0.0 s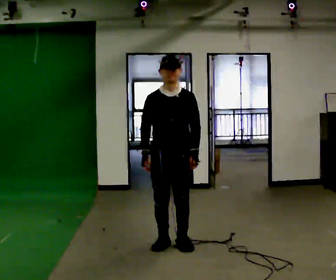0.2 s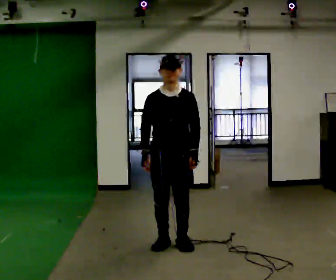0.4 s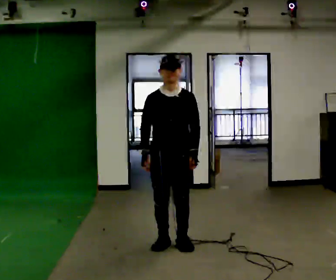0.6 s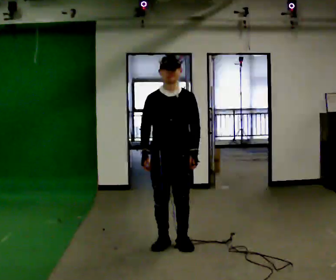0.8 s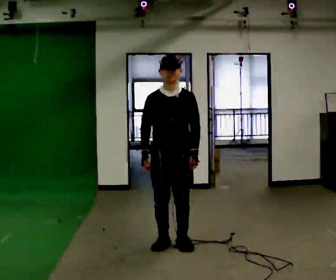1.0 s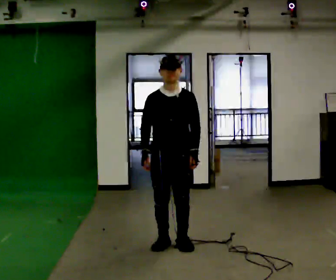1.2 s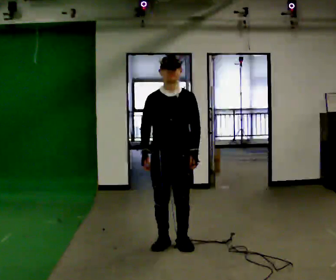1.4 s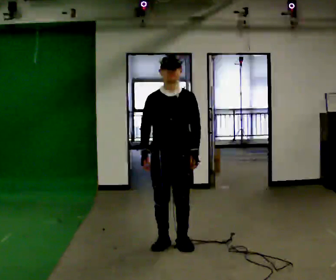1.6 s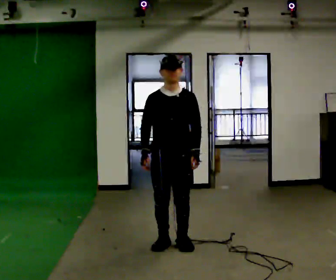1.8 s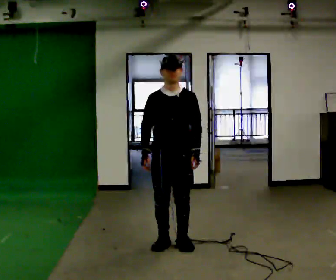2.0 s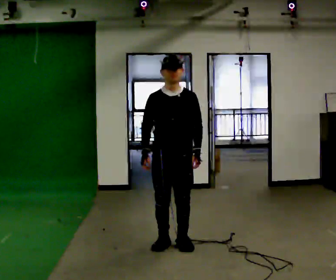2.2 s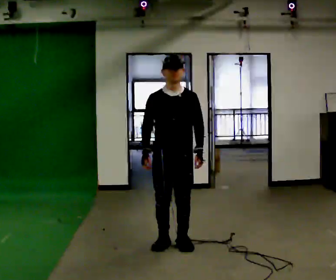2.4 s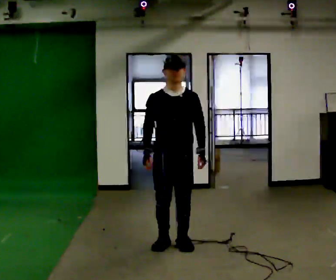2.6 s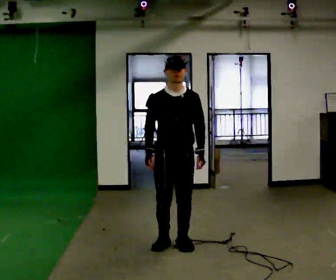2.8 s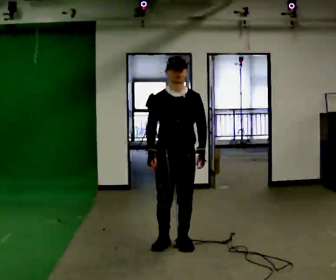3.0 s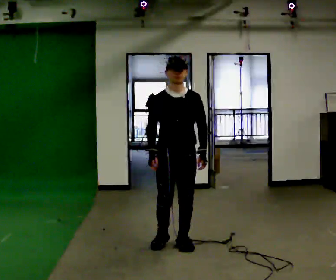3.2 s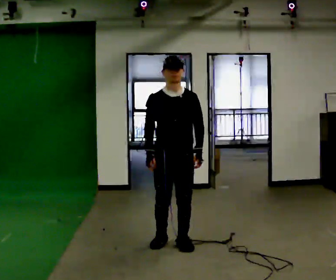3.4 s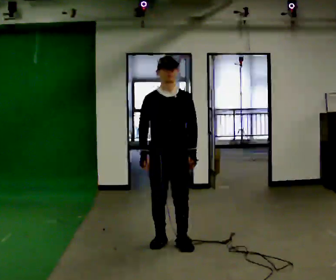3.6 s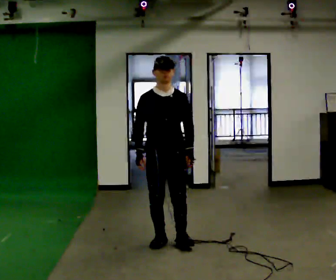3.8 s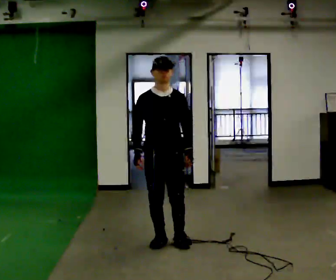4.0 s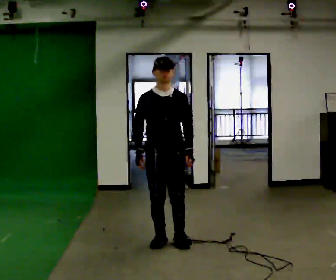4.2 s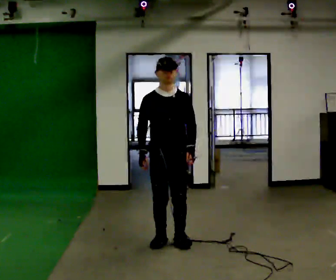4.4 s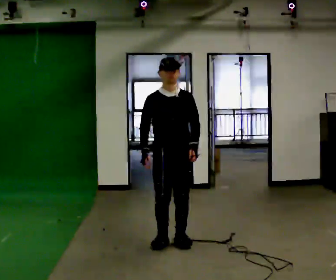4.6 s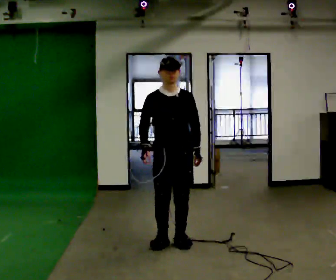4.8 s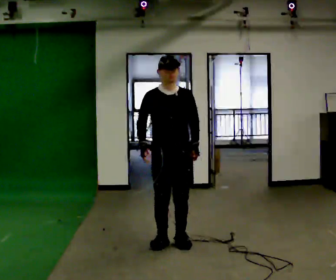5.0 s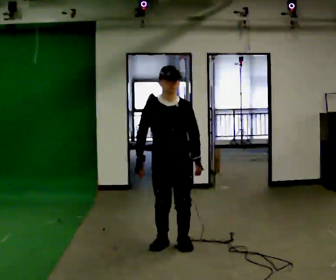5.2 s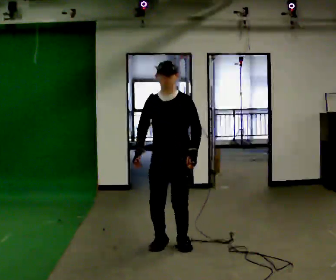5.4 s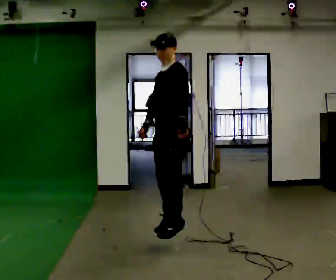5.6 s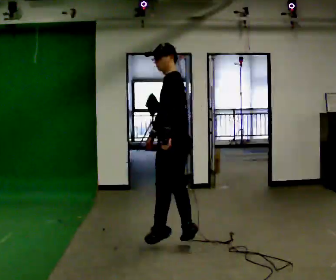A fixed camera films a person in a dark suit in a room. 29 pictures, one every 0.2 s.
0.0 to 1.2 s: The person keeps their place and pose.
1.2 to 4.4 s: The person moves a little, or ends about where they began.
4.4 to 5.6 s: The person turns about 120 degrees to their right, clockwise seen from above, so the part of the body nearest the lens slides to the left. In the picture they go toward the camera, about 0.25 m in 2 steps.
The film runs backward here.
